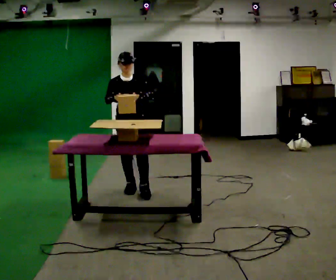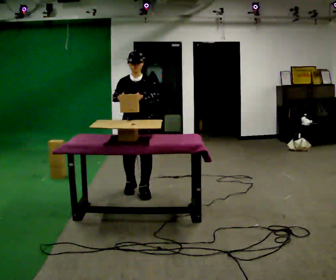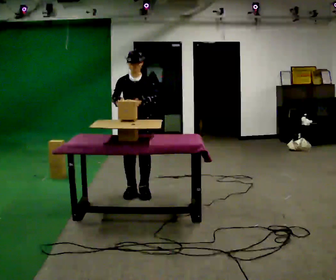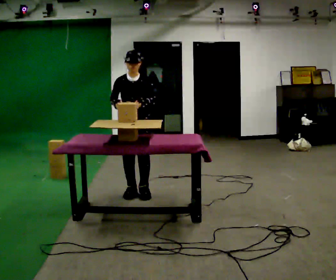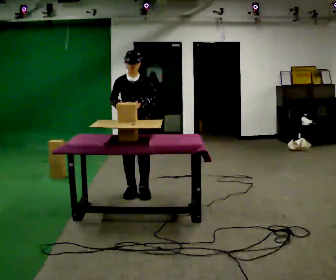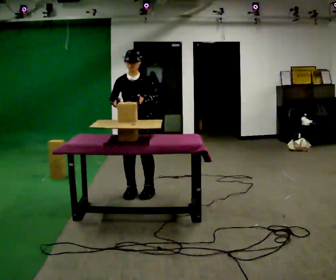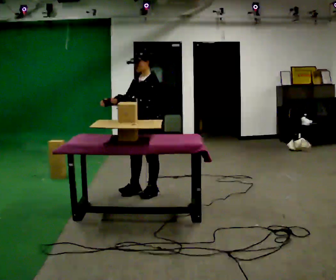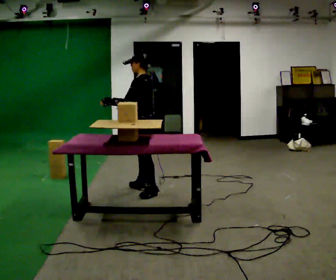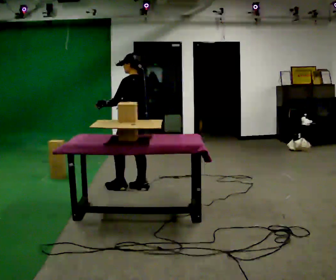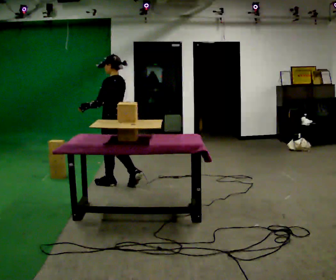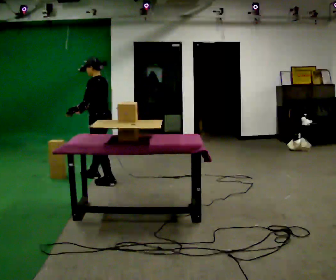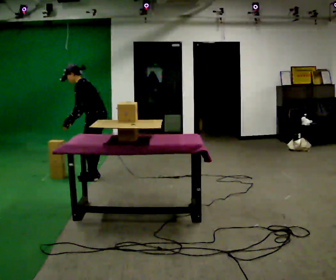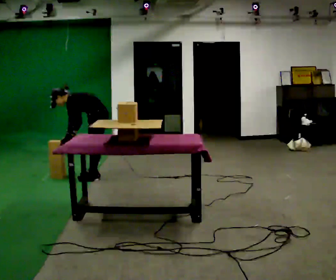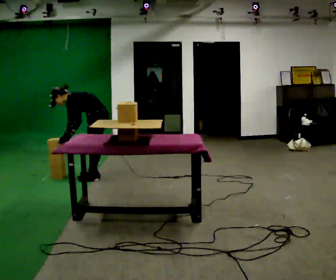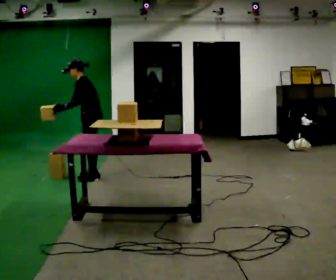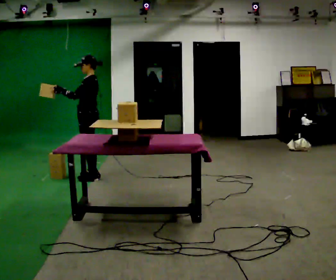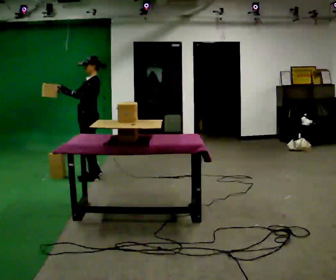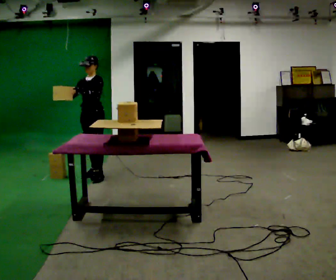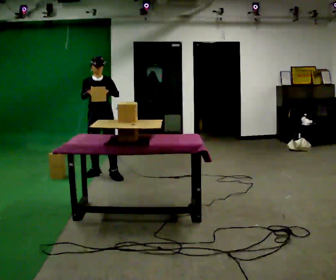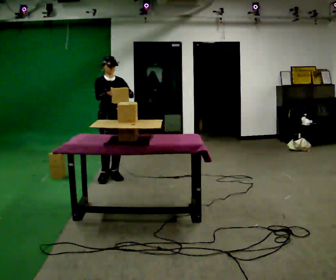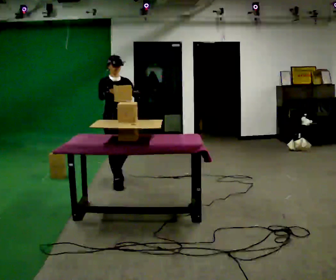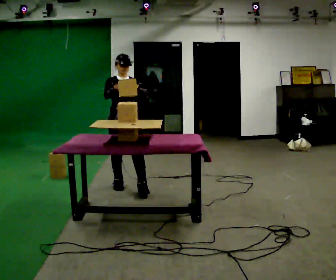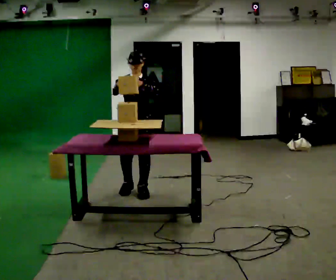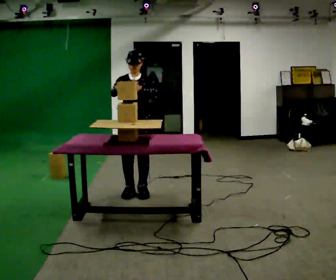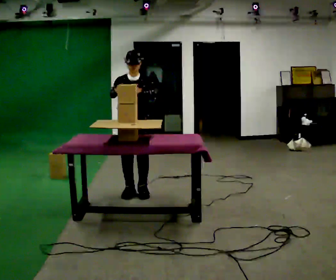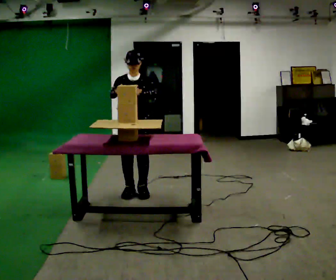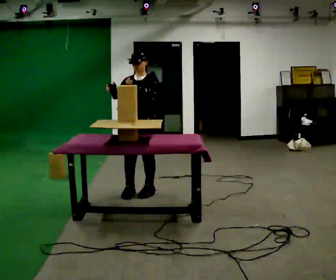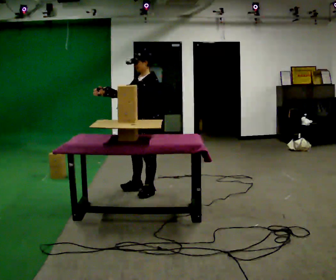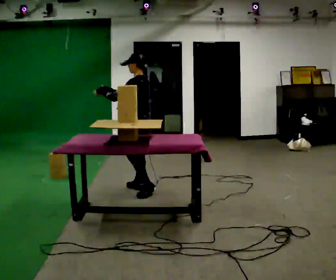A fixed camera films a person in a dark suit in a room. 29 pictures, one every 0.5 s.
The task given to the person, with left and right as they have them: Carry the object over and set it down on the wobbly board without tipping it over. Keep going until the operator says stop; one object at a time, and do not rush between trips.
0.0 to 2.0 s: The person moves a little, or ends about where they began.
2.0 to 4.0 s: The part of the body nearest the lens slides to the left as the person turns to their right by about 120 degrees. In the picture they go away from the camera, about 0.25 m in 1 step.
4.0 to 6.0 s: The person turns about 30 degrees to their left, counterclockwise seen from above, so the part of the body nearest the lens slides to the right. In the picture they go away from the camera and to the left, about 0.5 m in 3 steps, which for them is forward and to their right. The shoulders move downward. In the picture the upper body tilts counterclockwise, shoulders to the left, as they bend forward. In the picture their left hand goes downward.
6.0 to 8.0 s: The shoulders move upward. In the picture the upper body tilts clockwise, shoulders to the right, as they lean back or straighten. In the picture their right hand goes upward, the arm swinging clockwise.
8.0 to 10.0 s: The part of the body nearest the lens slides to the right as the person turns to their left by about 90 degrees. In the picture they go toward the camera and to the right, about 0.5 m in 2 steps.
10.0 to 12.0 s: The person turns about 30 degrees to their right, clockwise seen from above, so the part of the body nearest the lens slides to the left. In the picture they go toward the camera, about 0.5 m in 2 steps, which for them is forward and to their left.
12.0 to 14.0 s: The part of the body nearest the lens slides to the left as the person turns to their right by about 105 degrees. In the picture they go away from the camera, about 0.25 m in 1 step.
The film runs forward here.
